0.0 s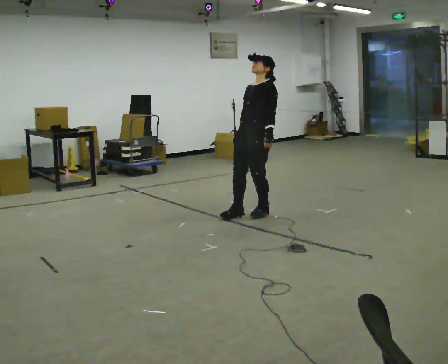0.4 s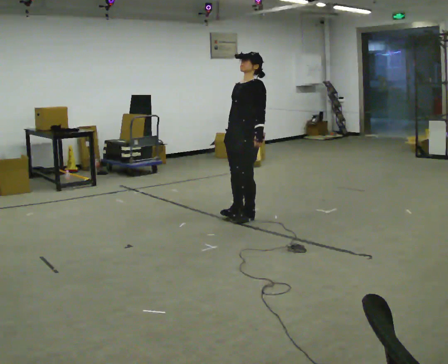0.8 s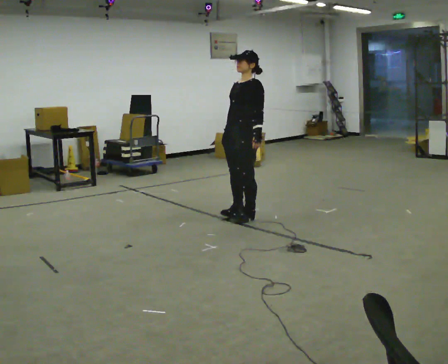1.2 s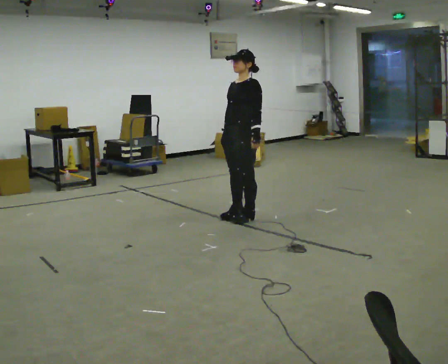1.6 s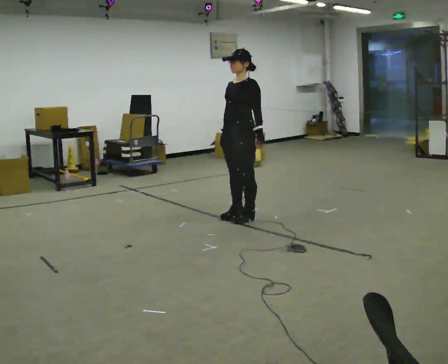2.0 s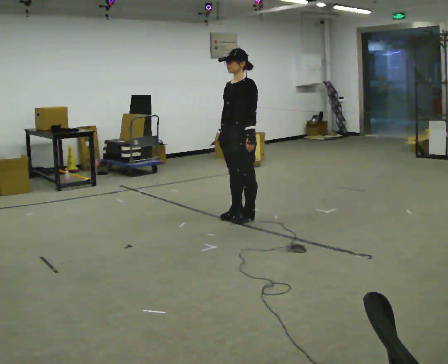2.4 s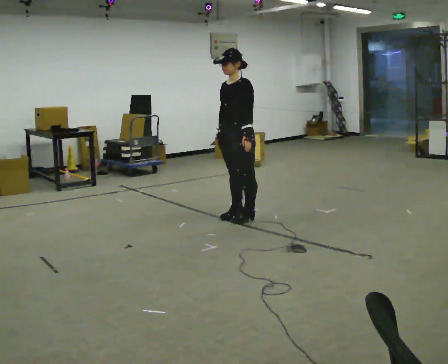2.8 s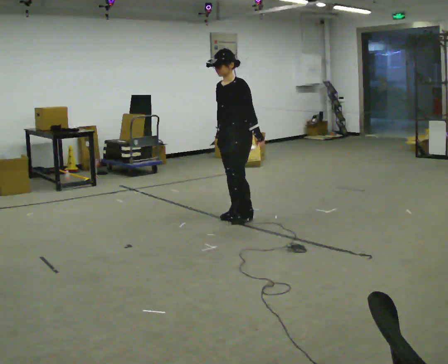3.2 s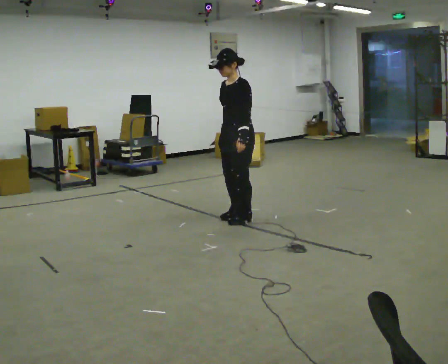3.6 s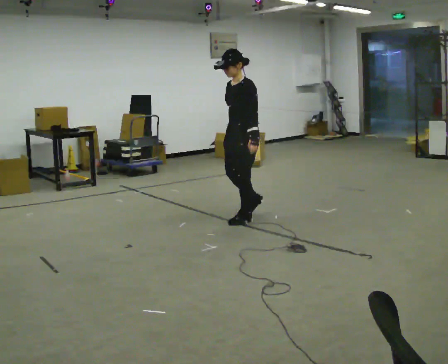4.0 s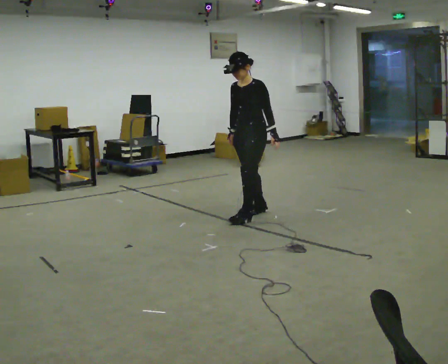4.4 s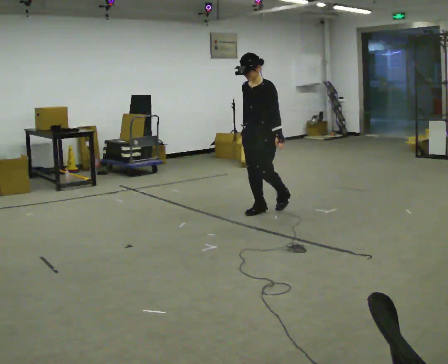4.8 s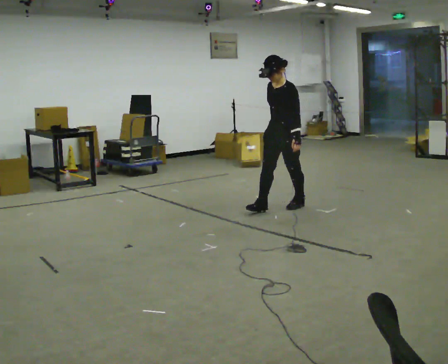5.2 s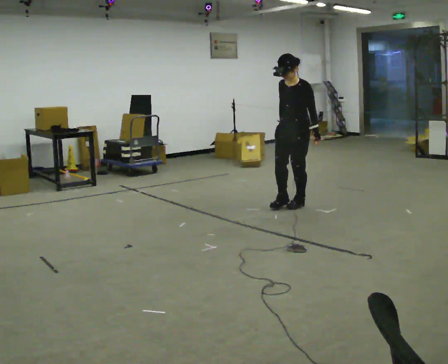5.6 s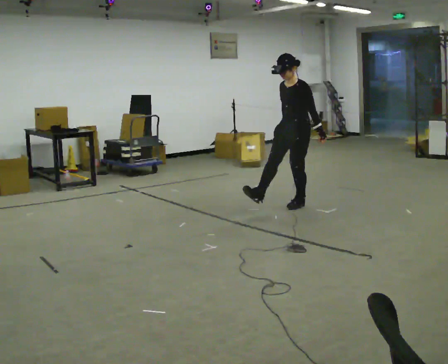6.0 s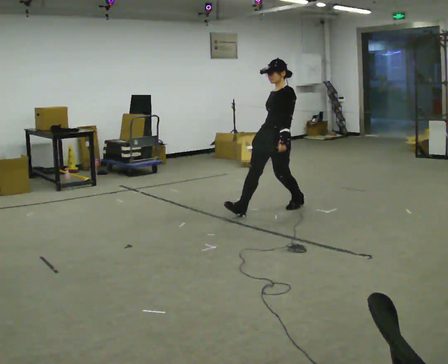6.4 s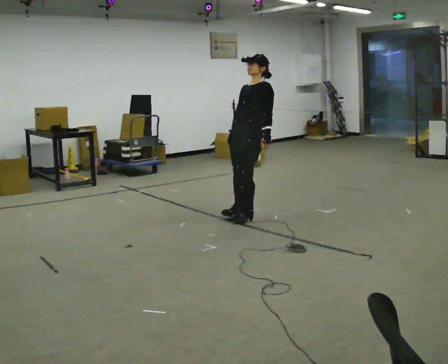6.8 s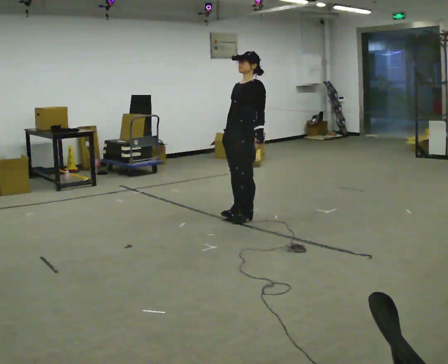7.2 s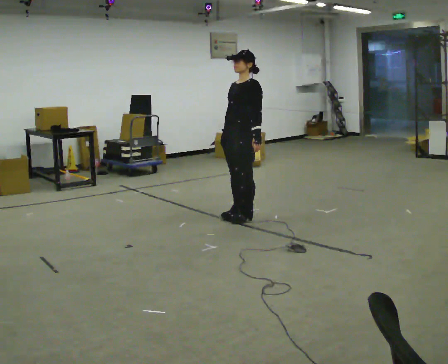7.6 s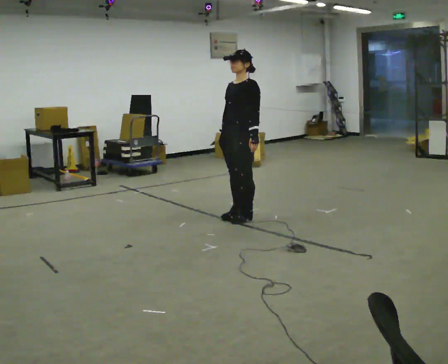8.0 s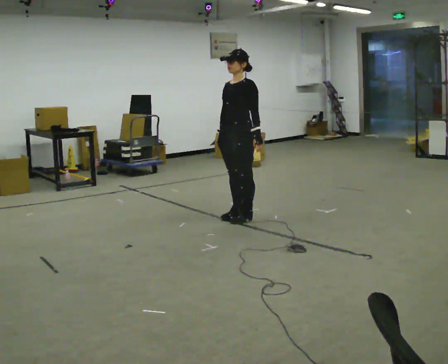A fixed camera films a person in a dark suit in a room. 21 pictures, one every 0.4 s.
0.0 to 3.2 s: In the picture they go toward the camera and to the left, about 0.25 m in 1 step, which for them is forward. The upper body tips toward the camera, its near side rolling downward, as they bend forward.
3.2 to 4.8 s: In the picture they go to the right and away from the camera, about 0.5 m in 3 steps, which for them is backward.
4.8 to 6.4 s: In the picture they go to the left and toward the camera, about 0.5 m in 2 steps, which for them is forward. The upper body tips away from the camera, its near side rolling upward, as they lean back or straighten.
6.4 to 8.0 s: The person moves a little, or ends about where they began.
The film runs backward here.
